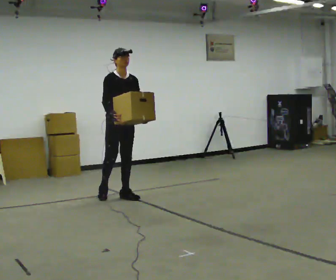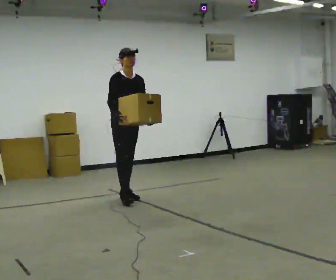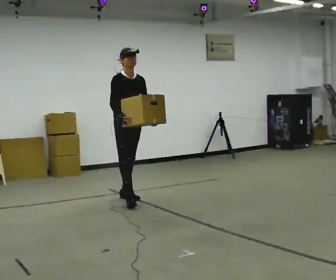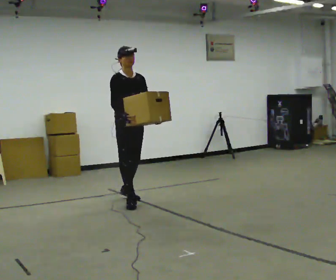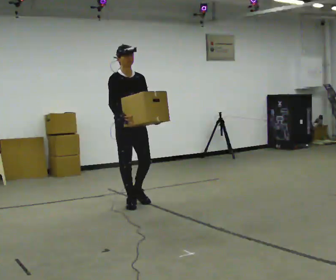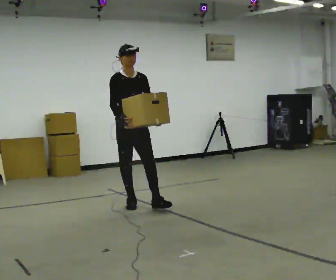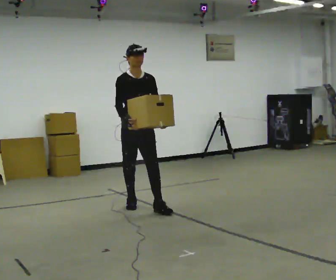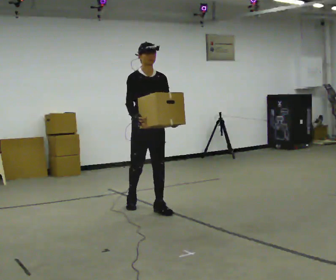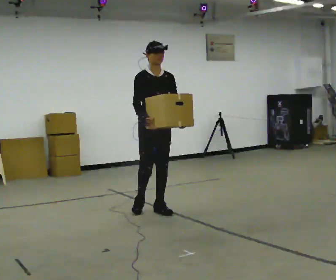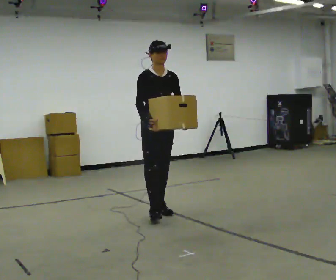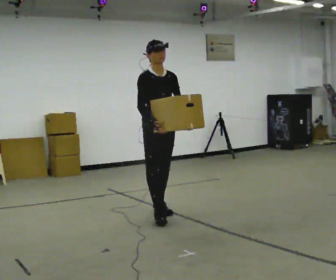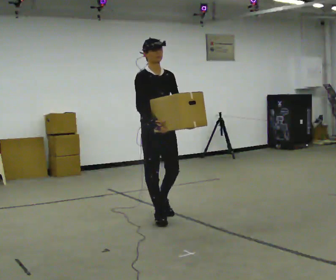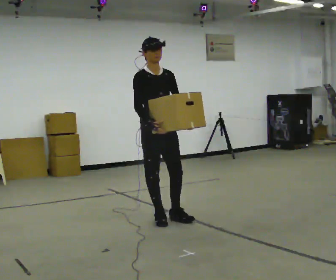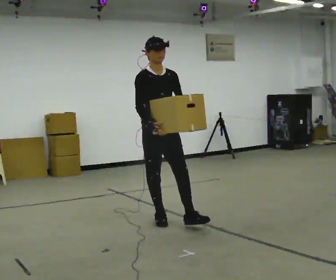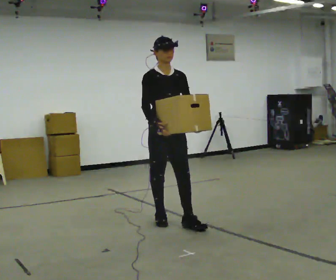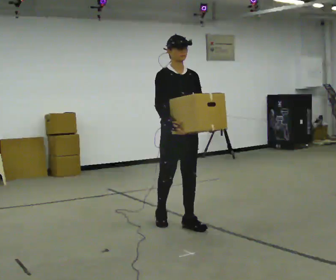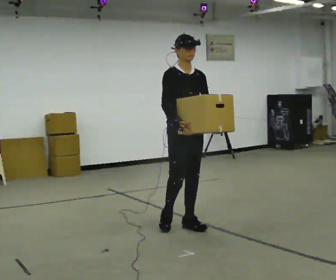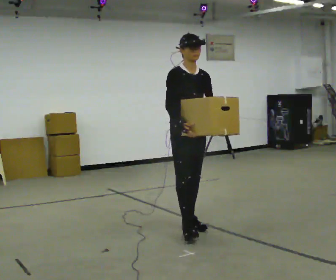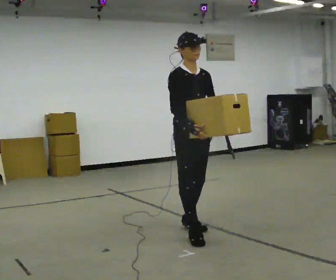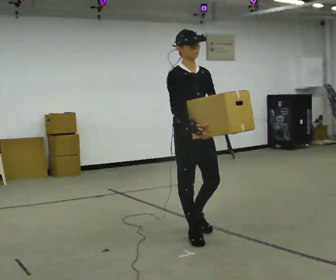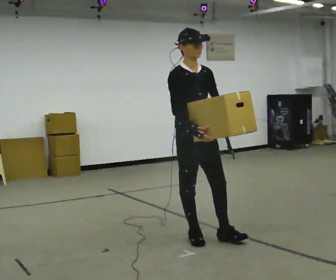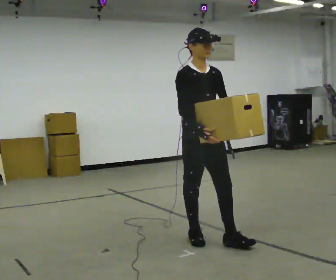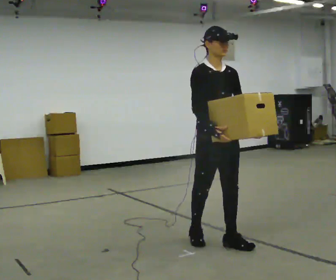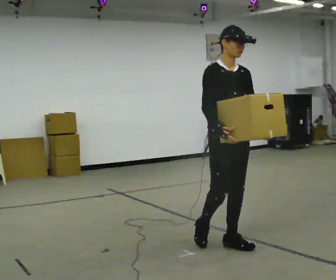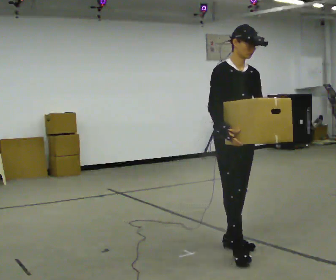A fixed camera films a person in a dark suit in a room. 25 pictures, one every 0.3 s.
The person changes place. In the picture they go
toward the camera.
0.0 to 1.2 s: In the picture they go toward the camera, about 0.5 m in 1 step, which for them is forward.
1.2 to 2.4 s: In the picture they go to the right and toward the camera, about 0.5 m in 1 step, which for them is forward and to their left.
2.4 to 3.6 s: In the picture they go toward the camera, about 0.5 m in 1 step, which for them is forward and to their right.
3.6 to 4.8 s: In the picture they go to the right and toward the camera, about 0.25 m in 1 step, which for them is forward and to their left.
4.8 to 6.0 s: In the picture they go toward the camera, about 0.5 m in 1 step, which for them is forward and to their right.
6.0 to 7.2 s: In the picture they go to the right and toward the camera, about 0.5 m in 1 step, which for them is forward.
The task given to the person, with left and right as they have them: Carry the box across the room, back and forth. The operator will swap between the box with handles and the one without.
The film runs forward here.
